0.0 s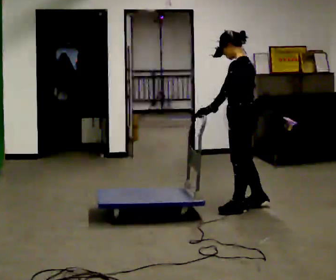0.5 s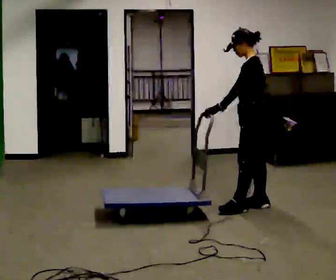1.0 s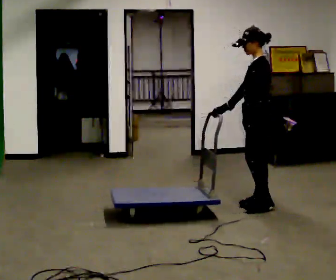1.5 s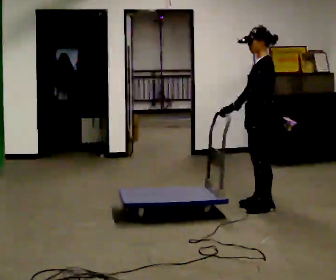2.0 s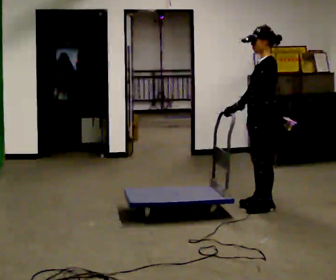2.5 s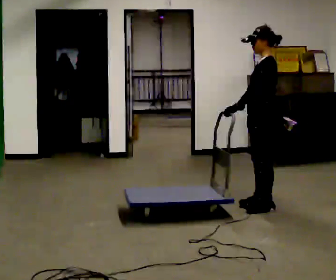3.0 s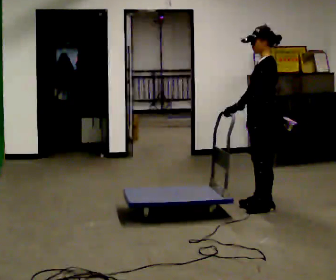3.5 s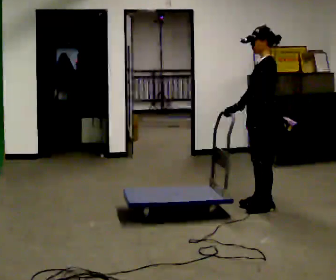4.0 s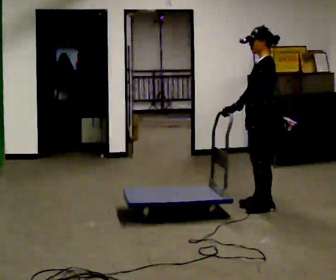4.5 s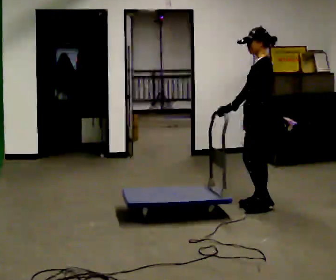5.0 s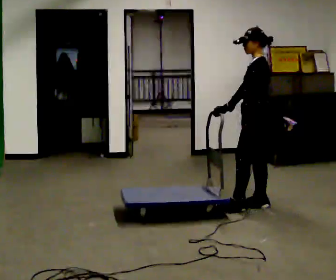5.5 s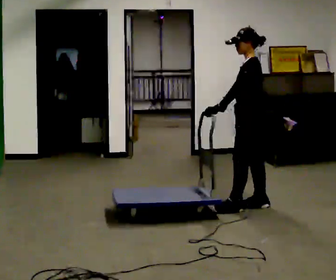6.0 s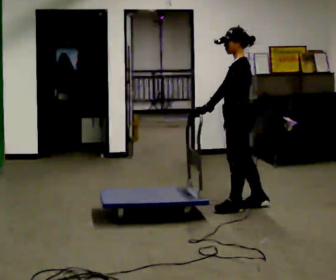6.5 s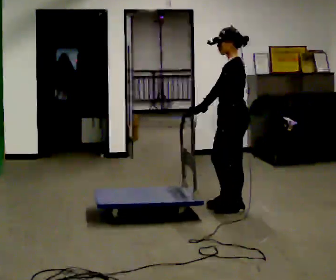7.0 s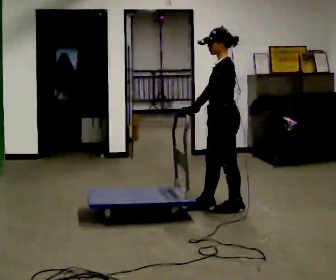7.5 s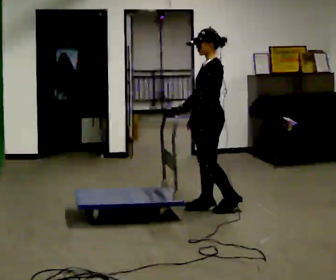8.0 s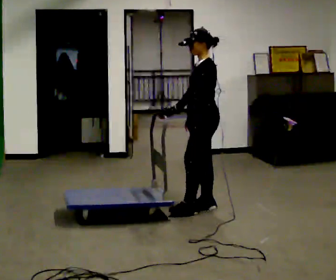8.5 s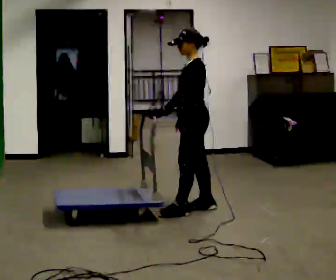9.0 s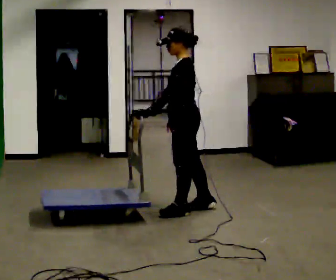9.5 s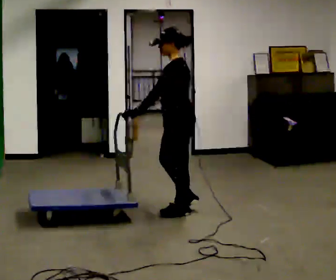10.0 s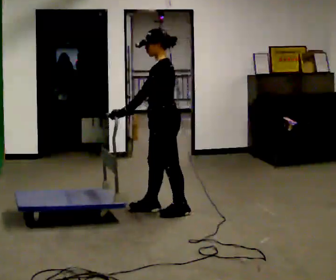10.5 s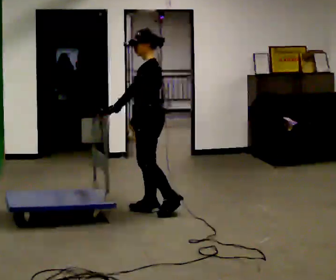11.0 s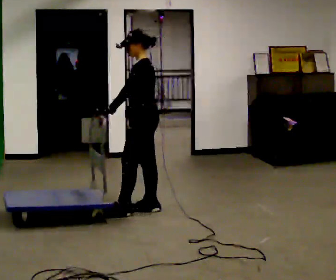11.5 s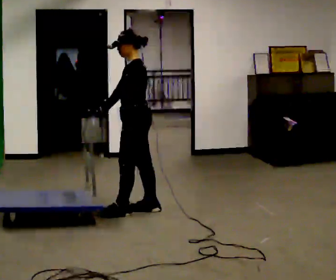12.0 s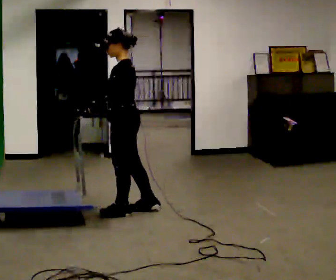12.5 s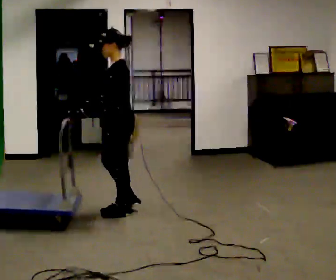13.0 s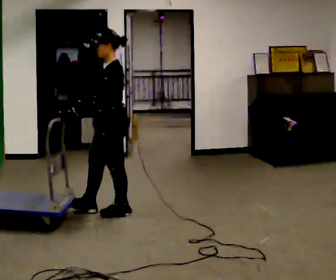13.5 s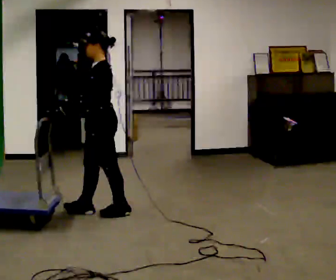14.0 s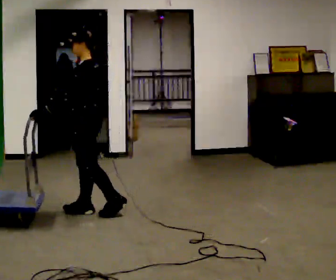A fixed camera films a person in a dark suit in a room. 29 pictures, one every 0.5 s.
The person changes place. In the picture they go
to the left.
0.0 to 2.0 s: In the picture they go to the right, about 0.25 m in 1 step, which for them is backward.
2.0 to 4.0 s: The person moves a little, or ends about where they began.
4.0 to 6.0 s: In the picture they go to the left, about 0.25 m in 1 step, which for them is forward.
6.0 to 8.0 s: In the picture they go to the left, about 0.25 m in 1 step, which for them is forward.
8.0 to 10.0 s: In the picture they go to the left, about 0.25 m in 2 steps, which for them is forward.
10.0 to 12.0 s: In the picture they go to the left, about 0.25 m in 1 step, which for them is forward.
12.0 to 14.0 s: In the picture they go to the left, about 0.25 m in 1 step, which for them is forward.
The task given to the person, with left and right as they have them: Push the cart across the room using only the hand the operator calls. Keep your other arm at your side.
The film runs forward here.
